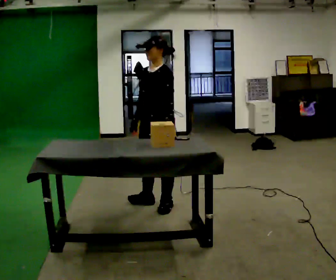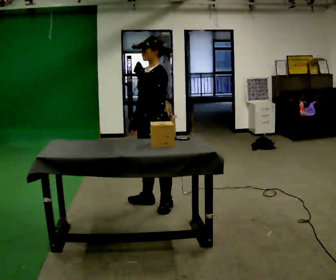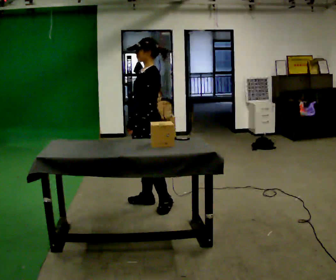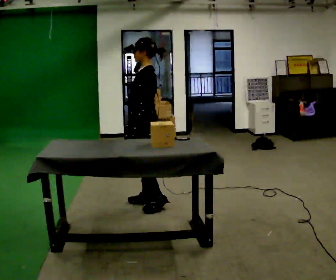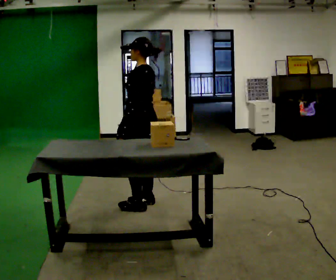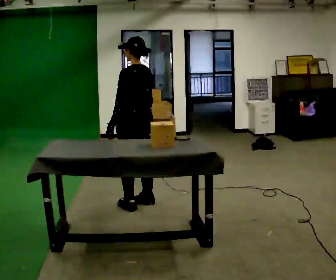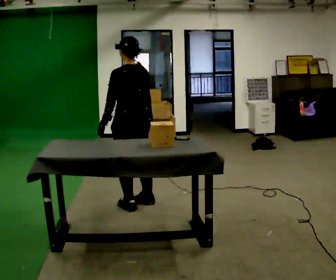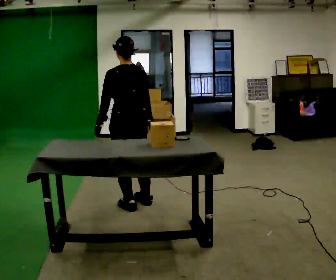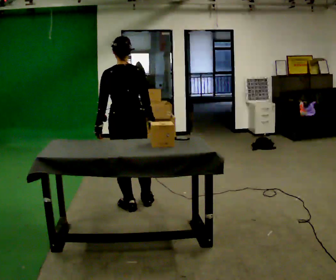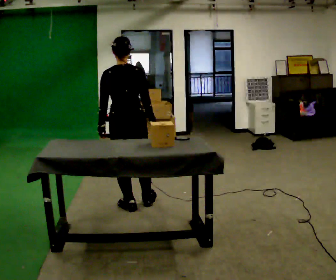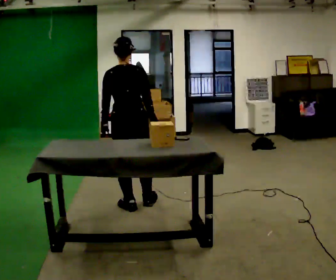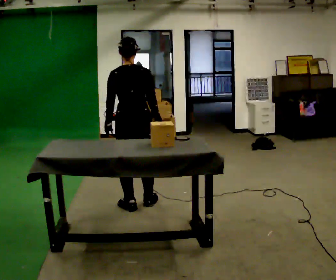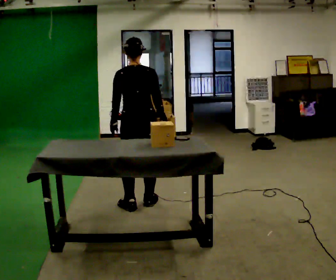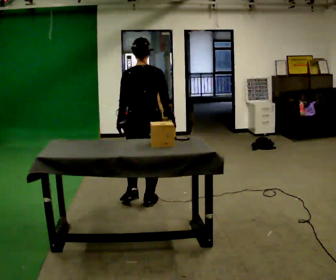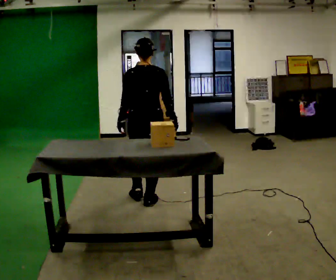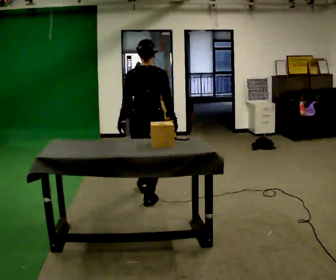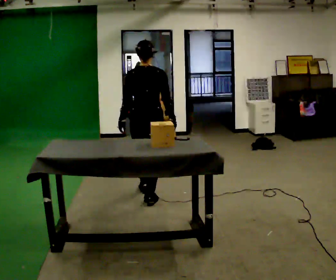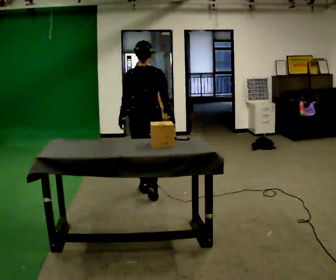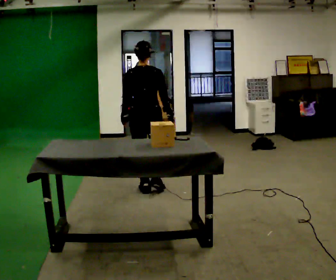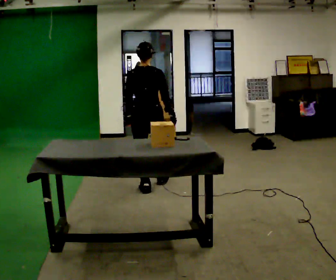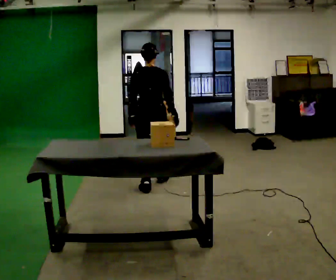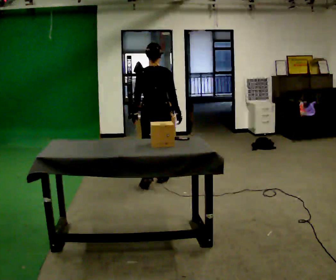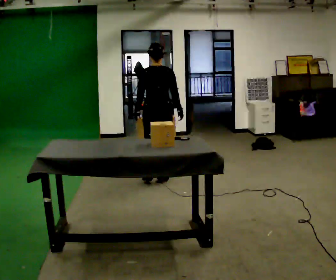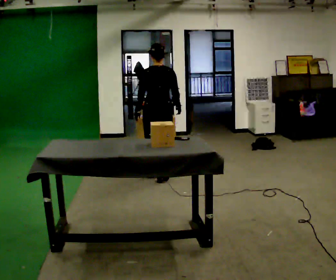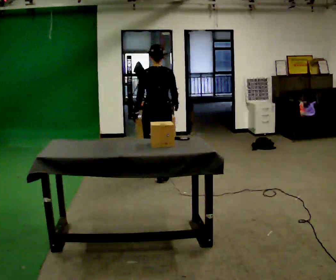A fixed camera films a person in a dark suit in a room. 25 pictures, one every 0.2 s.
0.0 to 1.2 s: The person turns about 90 degrees to their right, clockwise seen from above, so the part of the body nearest the lens slides to the left. In the picture they go to the left, about 0.25 m in 1 step.
1.2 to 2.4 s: The part of the body nearest the lens slides to the left as the person turns to their right by about 45 degrees.
2.4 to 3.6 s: In the picture they go away from the camera, about 0.5 m in 1 step, which for them is forward.
3.6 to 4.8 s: In the picture they go away from the camera, about 0.5 m in 2 steps, which for them is forward.
The film runs forward here.
